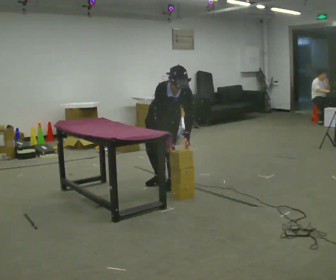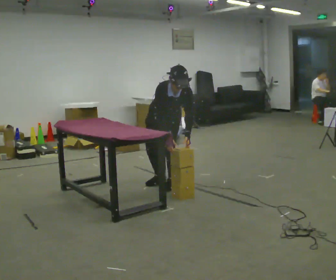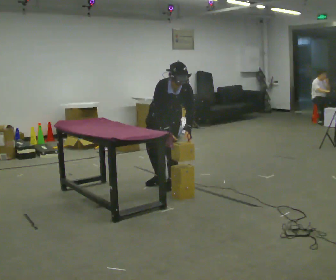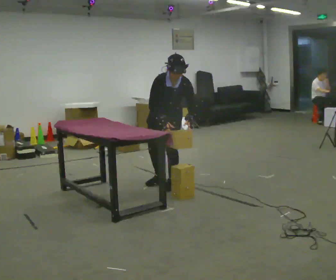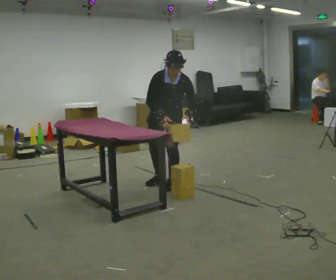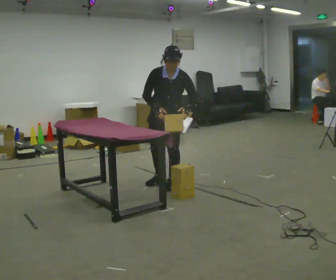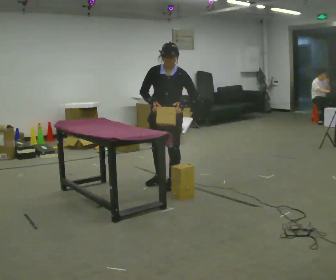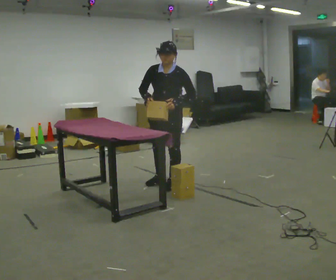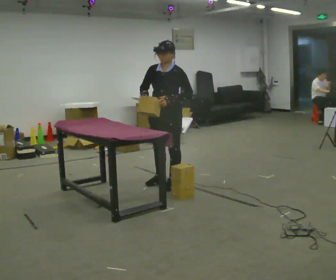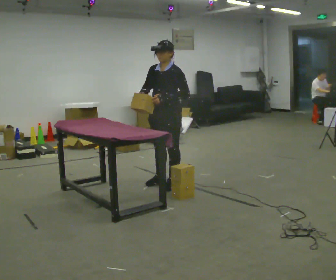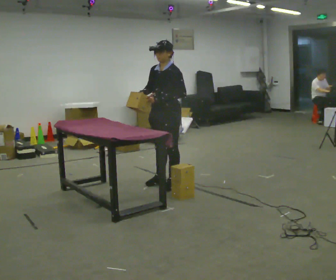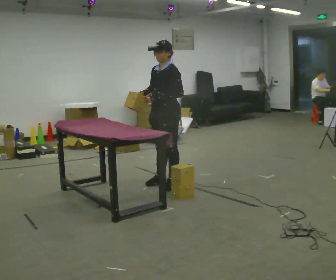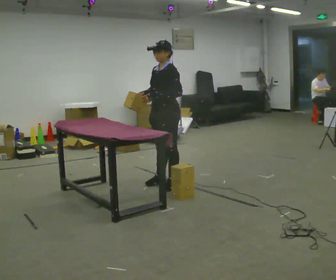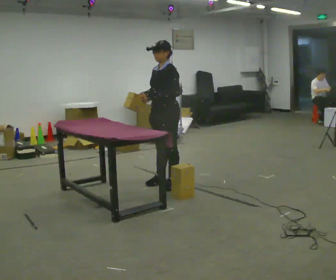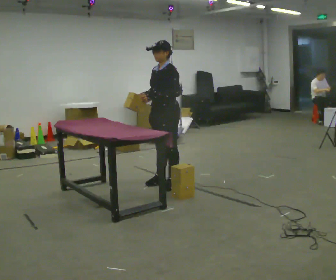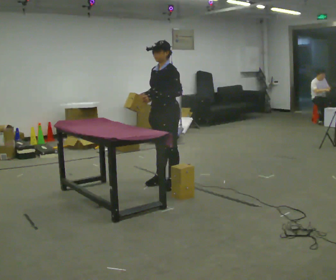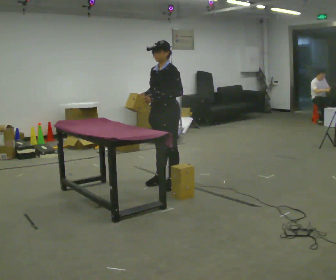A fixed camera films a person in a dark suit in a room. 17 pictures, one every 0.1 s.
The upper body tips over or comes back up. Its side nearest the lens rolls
upward.
Their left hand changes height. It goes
upward.
0.0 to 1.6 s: The part of the body nearest the lens slides to the left as the person turns to their right by about 60 degrees. The upper body goes upward. The upper body tips away from the camera, its near side rolling upward, as they lean back or straighten. In the picture their left hand goes upward and to the left.
The film runs forward here.
